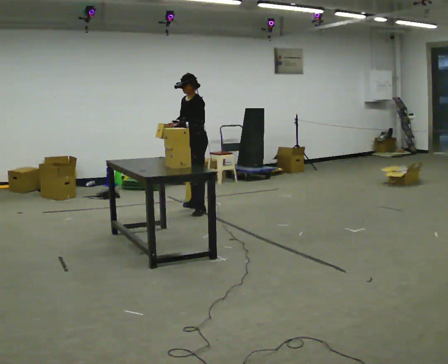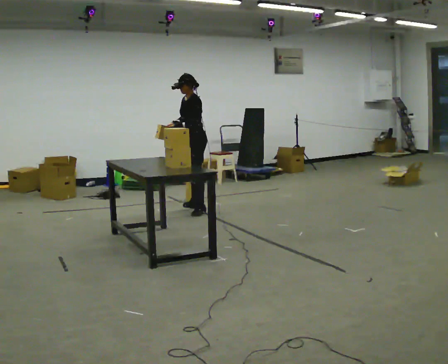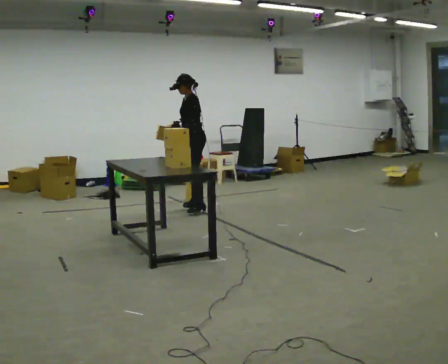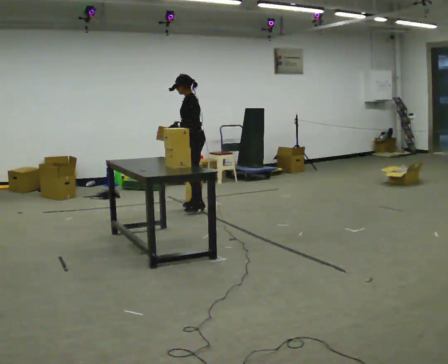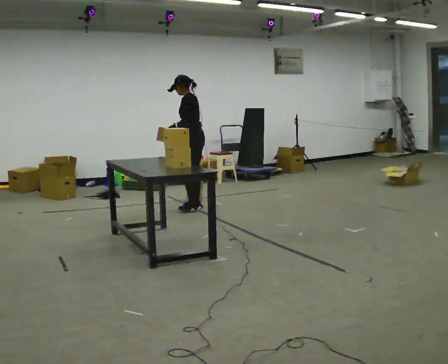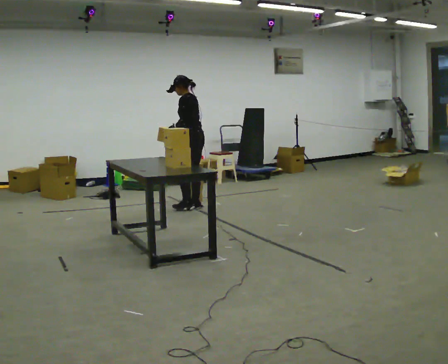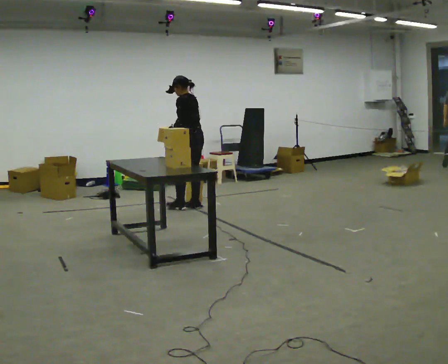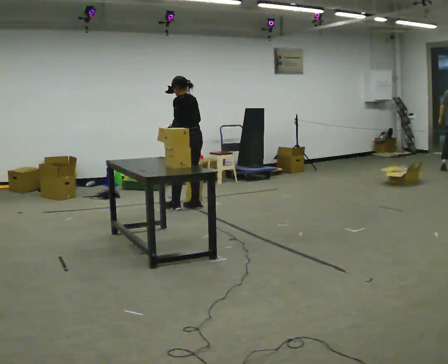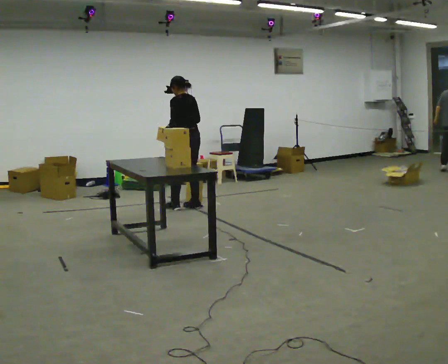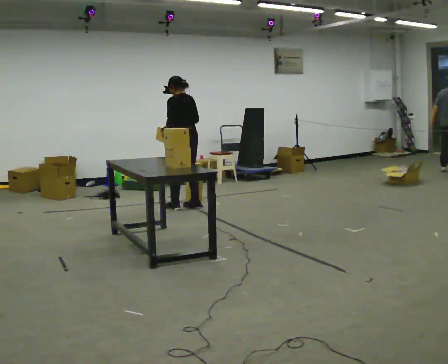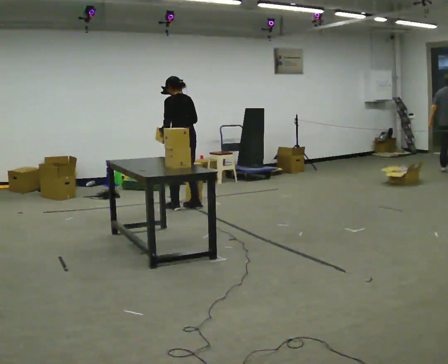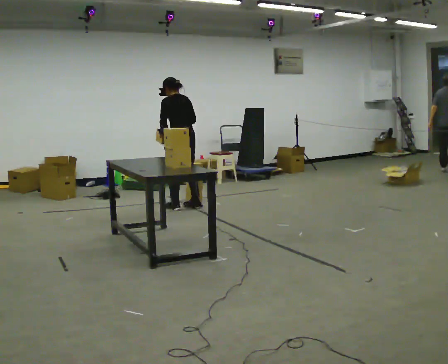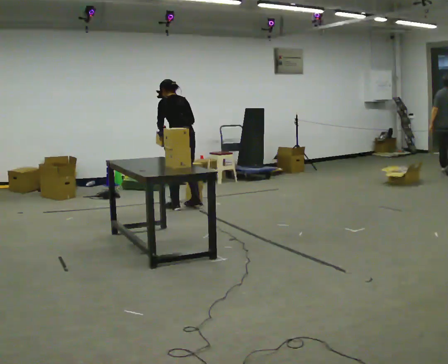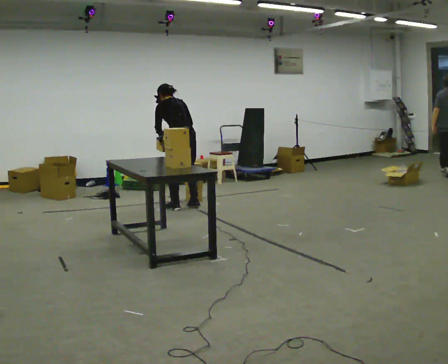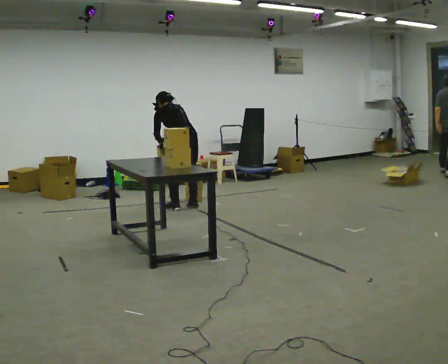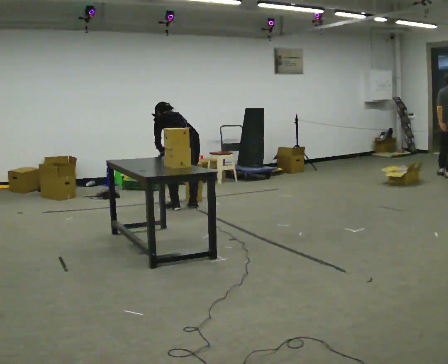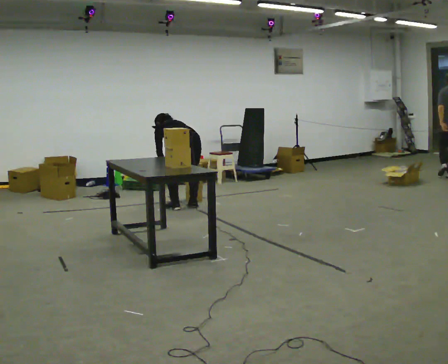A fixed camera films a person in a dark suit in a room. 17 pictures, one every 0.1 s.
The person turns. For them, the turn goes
to their right.
Their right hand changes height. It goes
downward.
0.0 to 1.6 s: The part of the body nearest the lens slides to the left as the person turns to their right by about 90 degrees. The upper body goes downward. The upper body tips away from the camera, its near side rolling upward, as they bend forward. In the picture their right hand goes downward, the arm swinging counterclockwise.
The film runs backward here.
